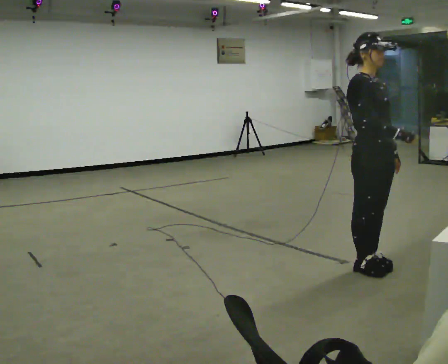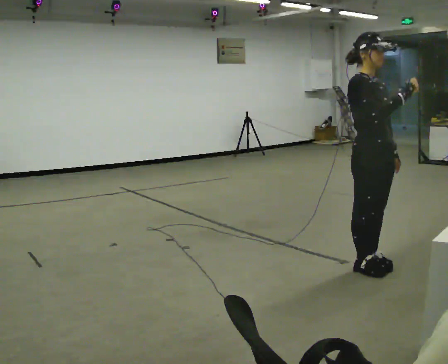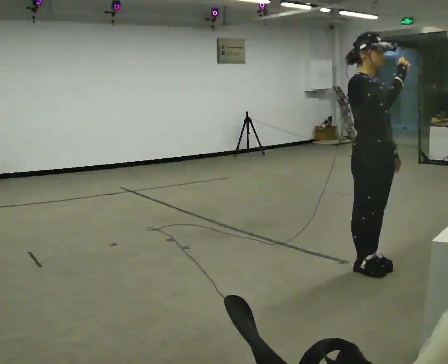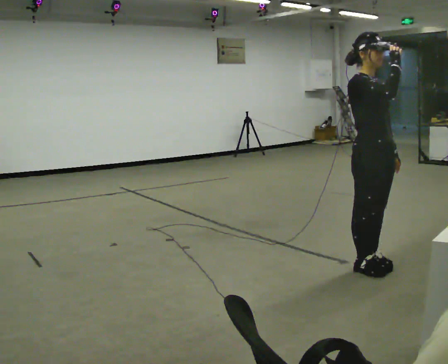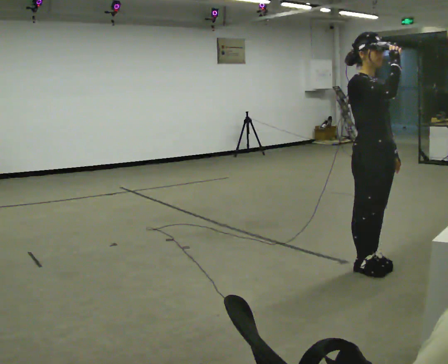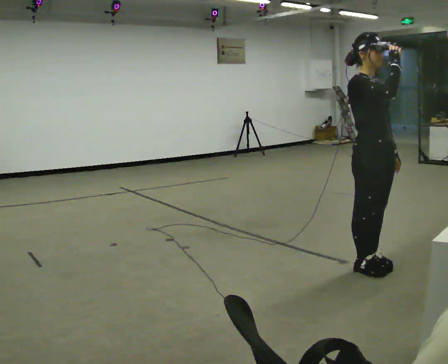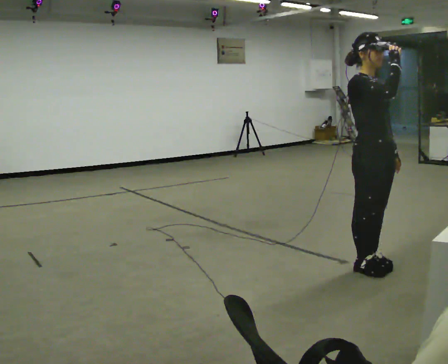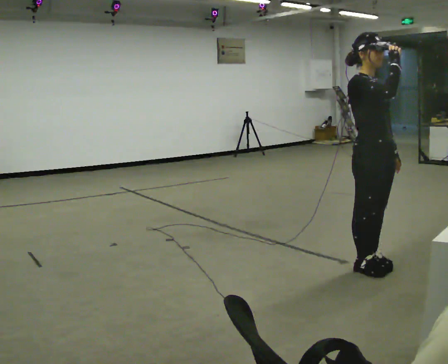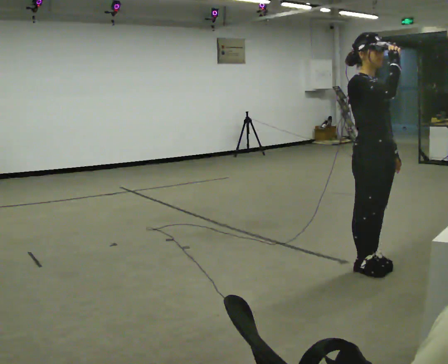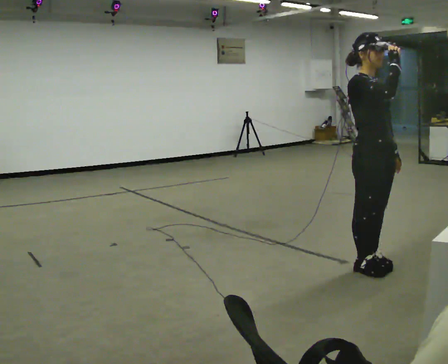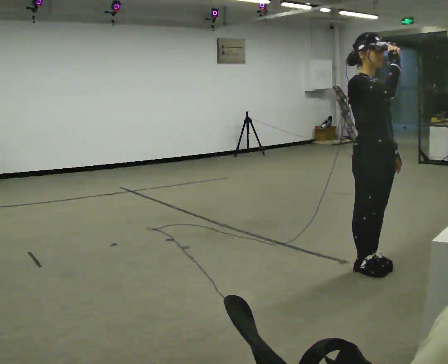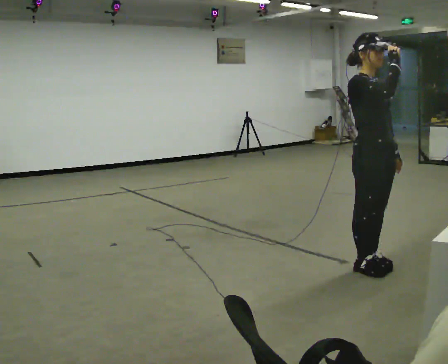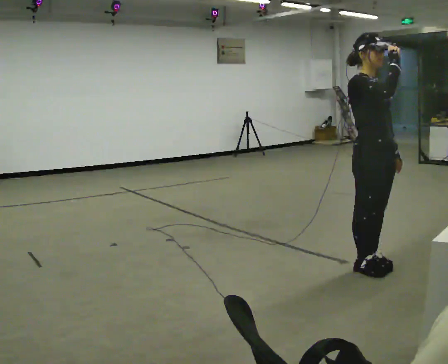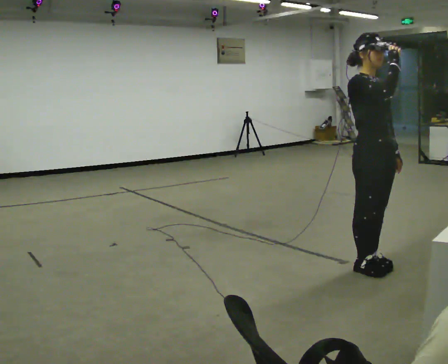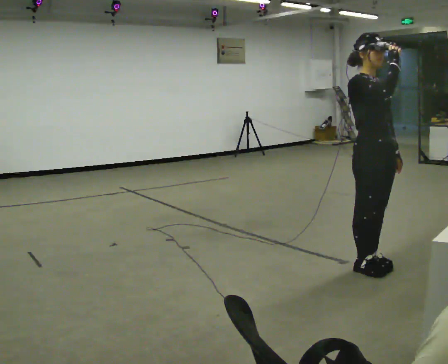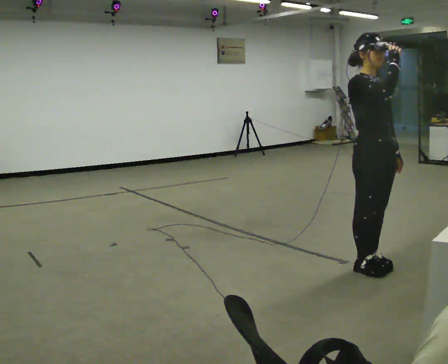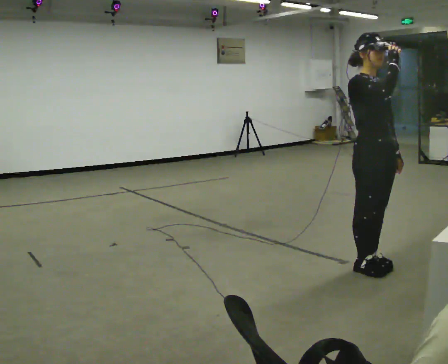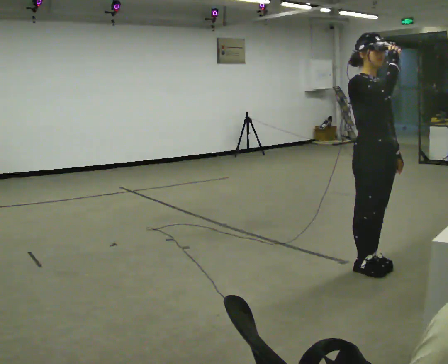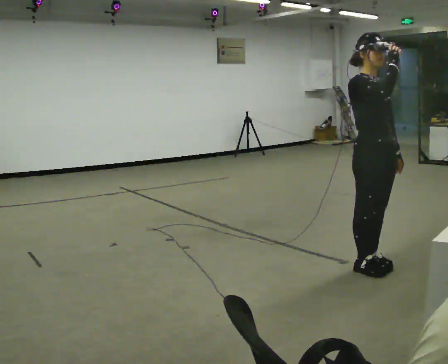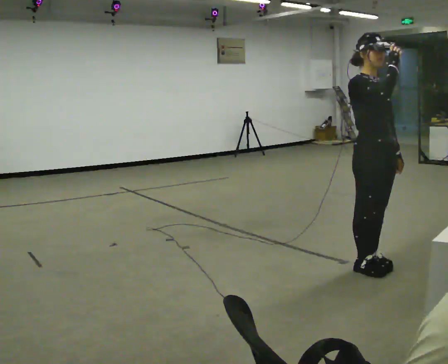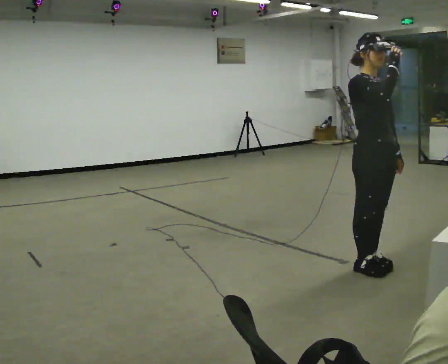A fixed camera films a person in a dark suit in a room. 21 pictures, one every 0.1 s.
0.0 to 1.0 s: In the picture their right hand goes upward.
1.0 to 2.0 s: The person keeps their place and pose.
The film runs backward here.
